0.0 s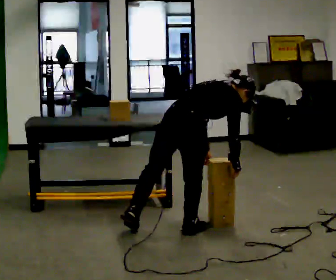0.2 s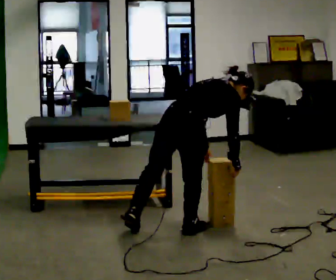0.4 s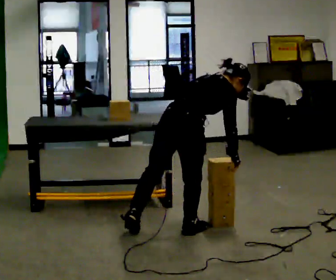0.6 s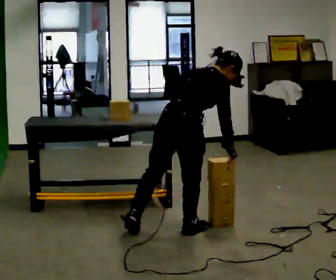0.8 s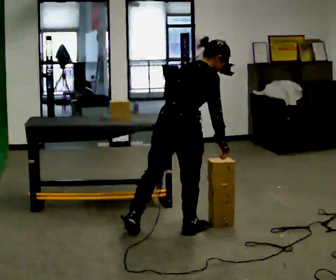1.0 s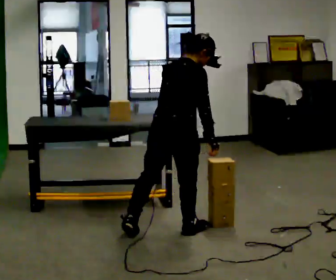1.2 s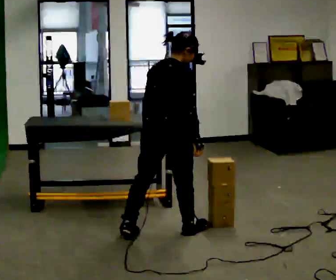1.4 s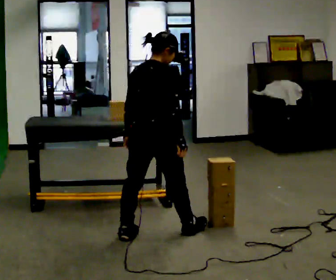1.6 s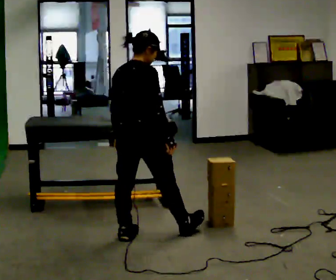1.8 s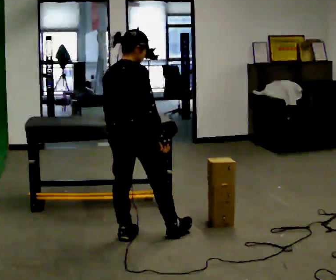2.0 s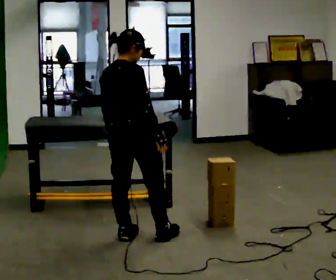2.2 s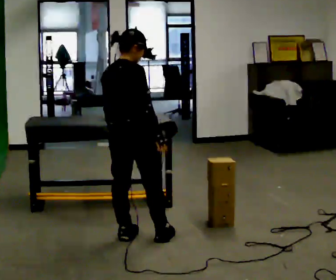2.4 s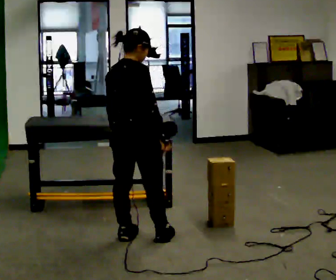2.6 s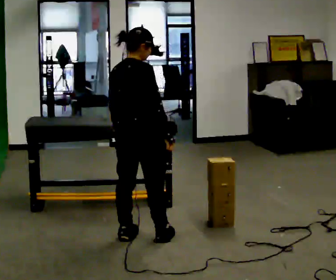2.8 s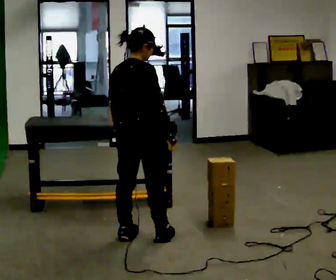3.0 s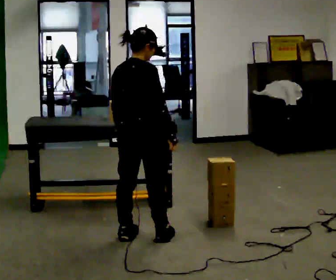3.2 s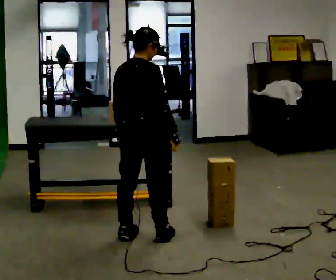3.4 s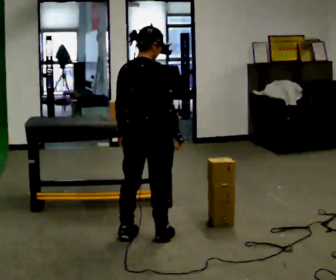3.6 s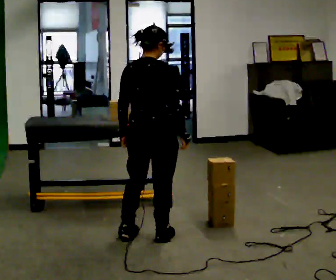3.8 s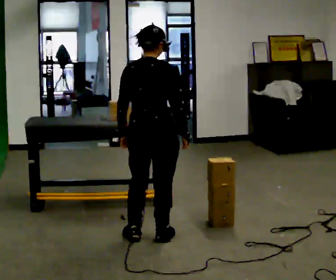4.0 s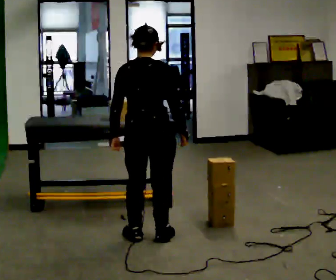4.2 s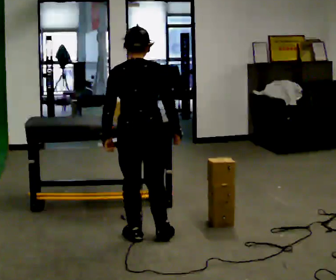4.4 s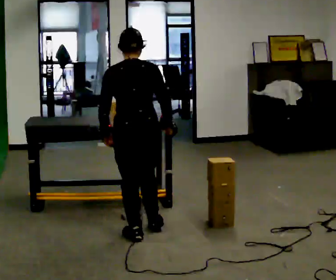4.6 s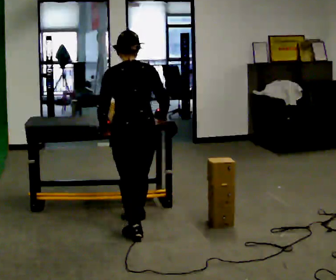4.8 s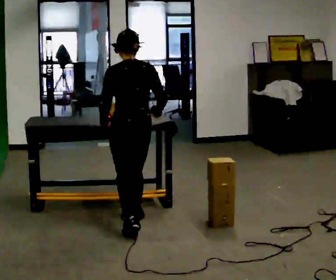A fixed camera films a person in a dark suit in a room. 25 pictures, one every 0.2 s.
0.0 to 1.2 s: In the picture they go to the left, about 0.25 m. The shoulders move upward. In the picture the upper body tilts counterclockwise, shoulders to the left, as they lean back or straighten. In the picture their right hand goes to the left.
1.2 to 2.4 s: In the picture they go to the left, about 0.25 m in 1 step, which for them is backward and to their left.
2.4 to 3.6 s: The person moves a little, or ends about where they began.
3.6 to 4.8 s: Seen from above the body turns counterclockwise, about 60 degrees: to their left, with its near side sliding to the right. In the picture they go away from the camera, about 0.25 m in 1 step, which for them is forward.
The film runs backward here.
